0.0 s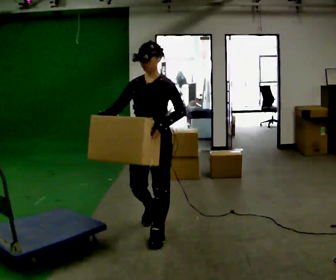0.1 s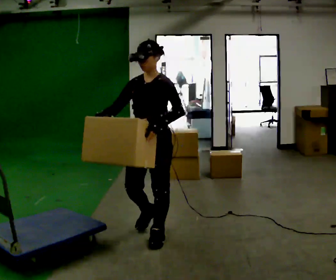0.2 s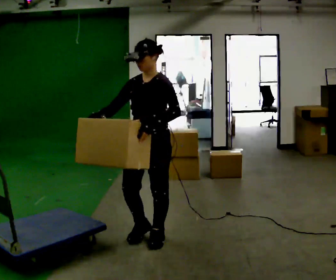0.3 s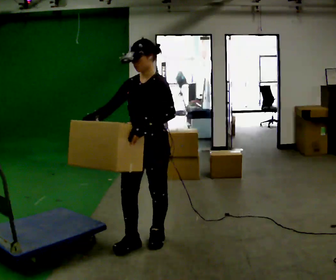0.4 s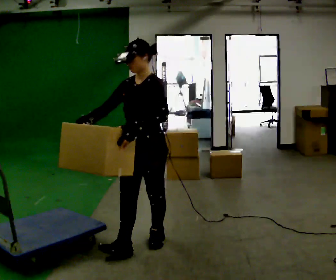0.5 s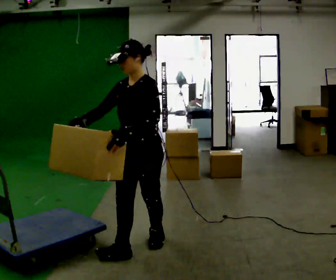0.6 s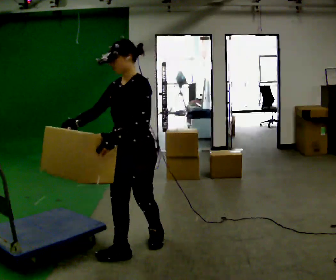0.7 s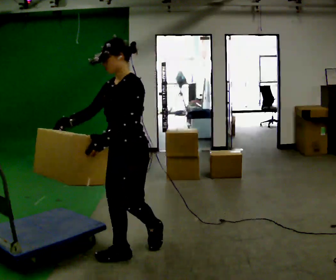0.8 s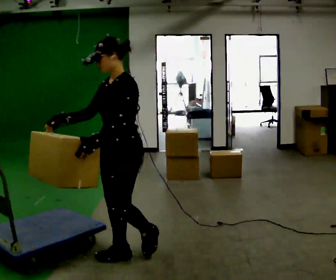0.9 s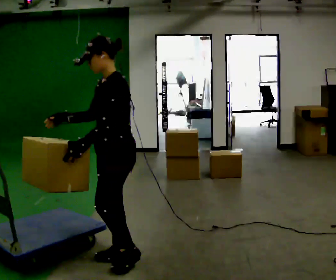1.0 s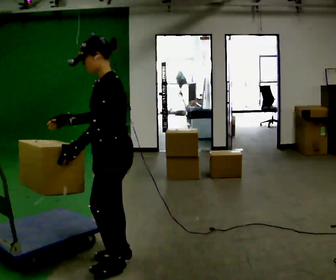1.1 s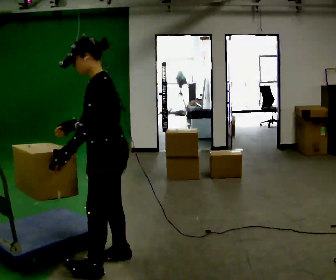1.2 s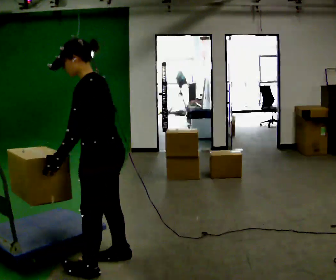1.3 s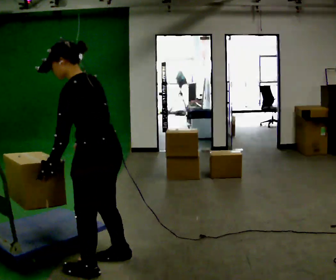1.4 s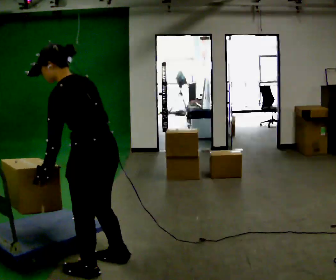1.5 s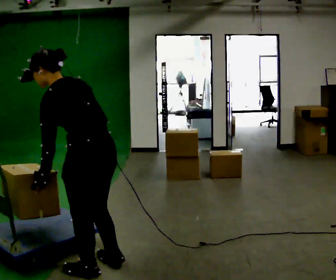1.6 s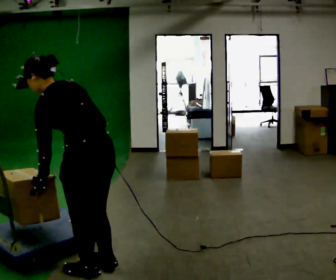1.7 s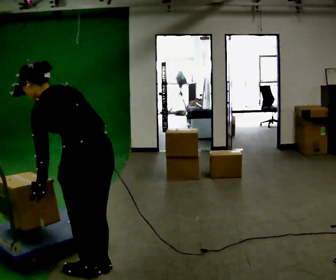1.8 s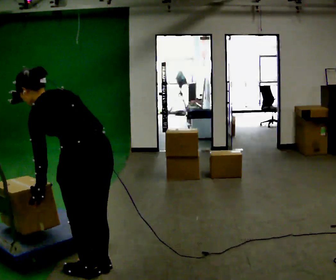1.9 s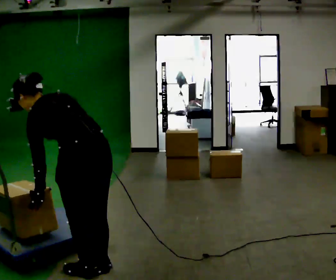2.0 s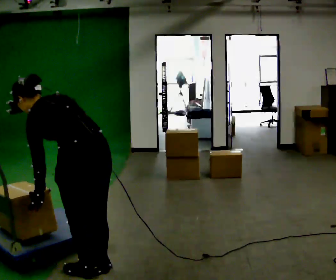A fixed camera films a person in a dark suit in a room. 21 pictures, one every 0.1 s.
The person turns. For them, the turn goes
to their right.
The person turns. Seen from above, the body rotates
clockwise.
0.0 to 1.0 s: The person turns about 45 degrees to their right, clockwise seen from above, so the part of the body nearest the lens slides to the left. In the picture they go toward the camera and to the left, about 0.5 m in 1 step, which for them is forward.
1.0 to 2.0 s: The person turns about 60 degrees to their right, clockwise seen from above, so the part of the body nearest the lens slides to the left. In the picture they go toward the camera and to the left, about 0.25 m in 2 steps, which for them is to their left. The upper body goes downward. In the picture the upper body tilts counterclockwise, shoulders to the left, as they bend forward.
The film runs forward here.
